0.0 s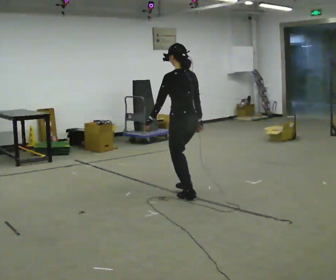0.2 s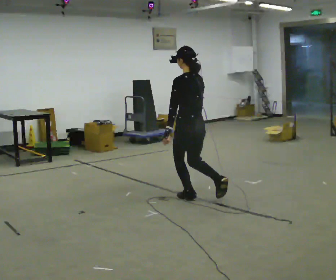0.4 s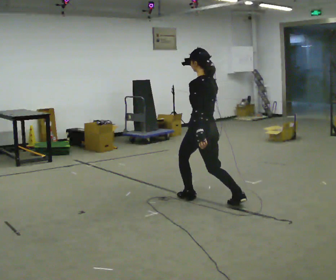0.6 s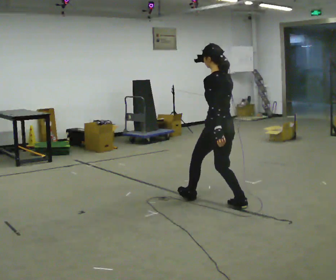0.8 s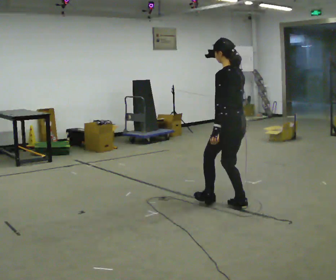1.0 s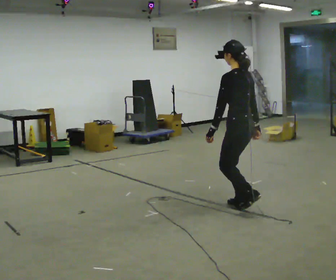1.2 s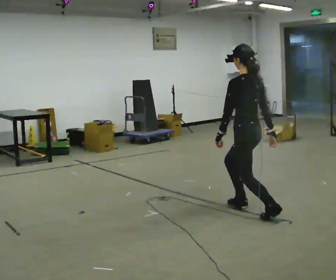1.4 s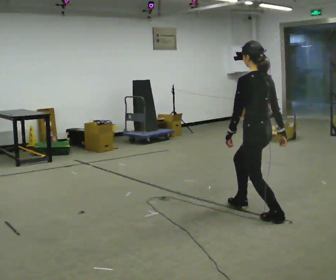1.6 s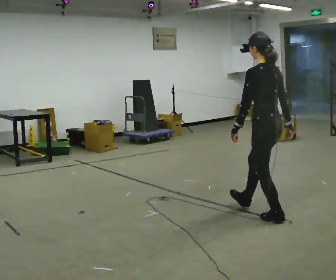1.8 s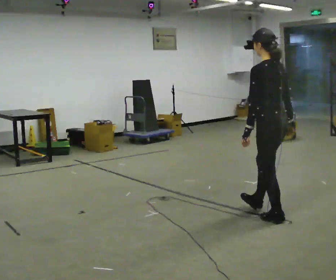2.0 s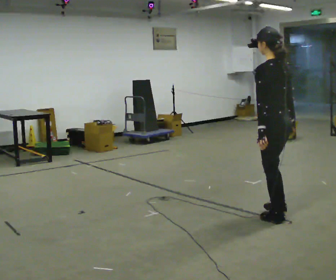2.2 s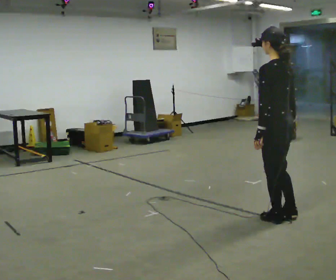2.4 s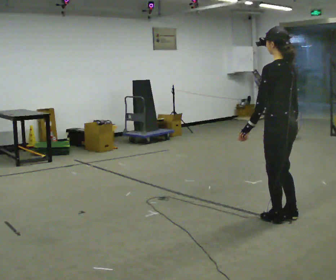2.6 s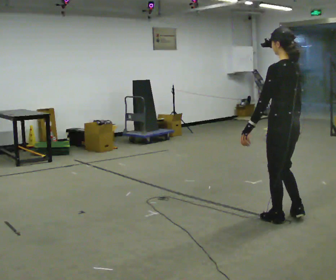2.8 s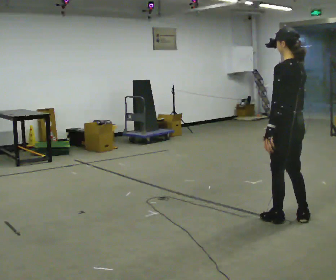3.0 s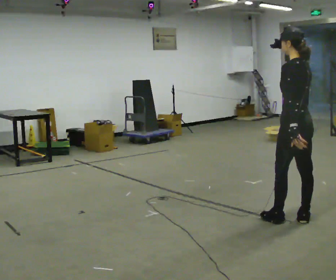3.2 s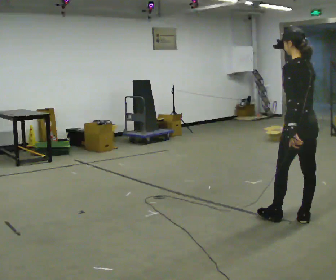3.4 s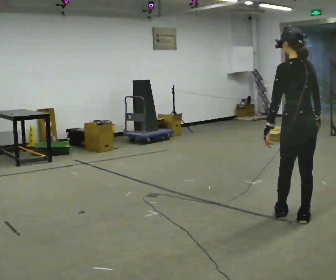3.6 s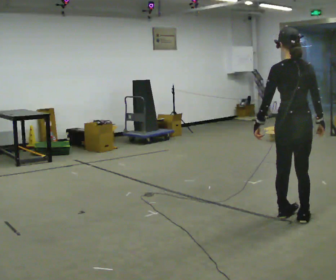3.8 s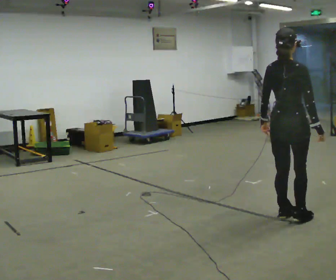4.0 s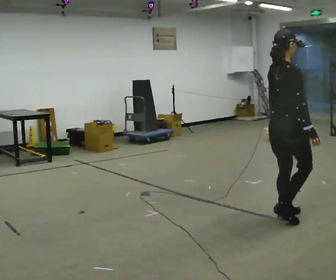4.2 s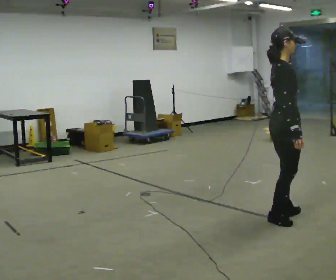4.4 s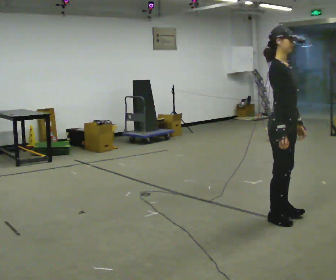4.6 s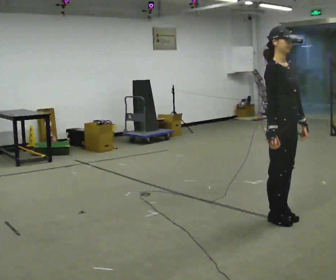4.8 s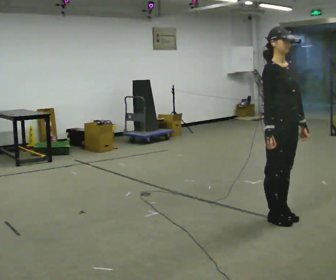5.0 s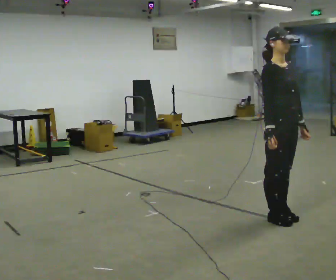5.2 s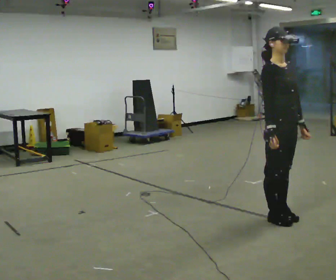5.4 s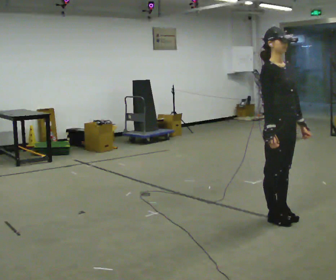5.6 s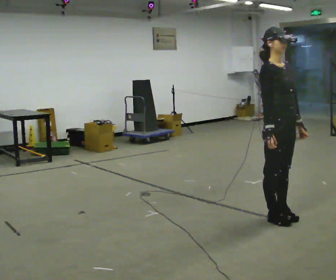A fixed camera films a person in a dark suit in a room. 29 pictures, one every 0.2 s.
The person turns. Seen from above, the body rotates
clockwise.
The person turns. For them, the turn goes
to their right.
0.0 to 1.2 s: In the picture they go to the right and toward the camera, about 1 m in 1 step, which for them is backward.
1.2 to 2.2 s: In the picture they go toward the camera and to the right, about 0.5 m in 1 step, which for them is backward.
2.2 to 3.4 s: In the picture they go to the right, about 0.25 m, which for them is backward and to their right.
3.4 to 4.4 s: The part of the body nearest the lens slides to the left as the person turns to their right by about 135 degrees. In the picture they go to the left, about 0.25 m in 1 step. In the picture their right hand goes to the left.
4.4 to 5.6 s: The part of the body nearest the lens slides to the left as the person turns to their right by about 30 degrees.
The film runs backward here.
